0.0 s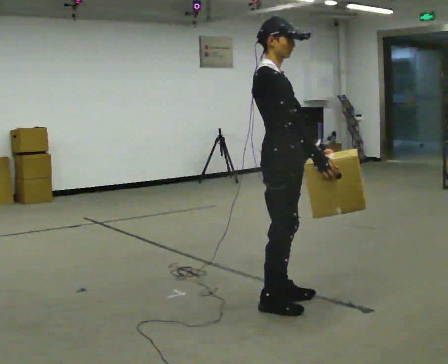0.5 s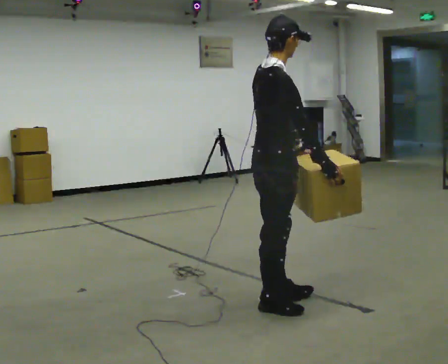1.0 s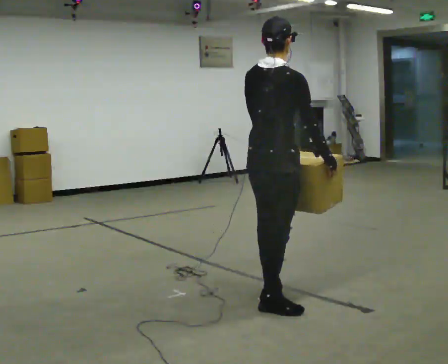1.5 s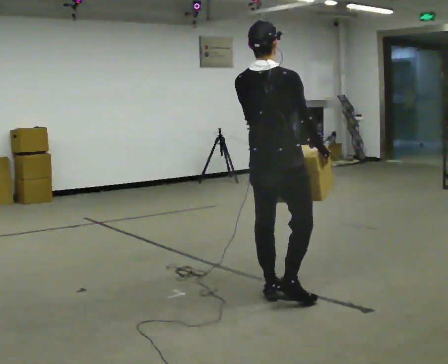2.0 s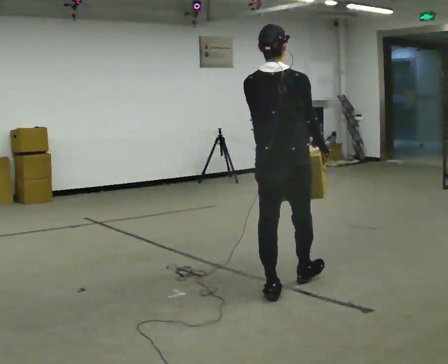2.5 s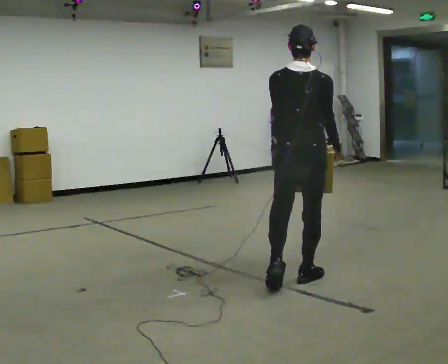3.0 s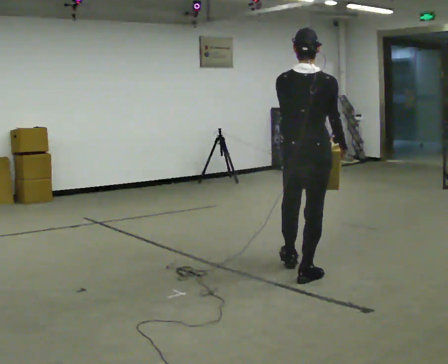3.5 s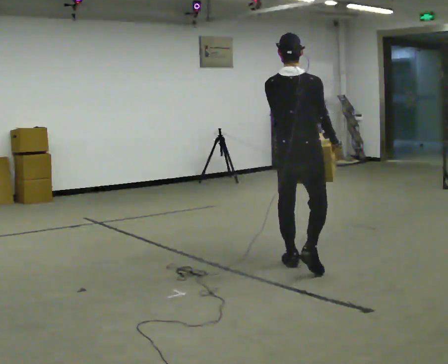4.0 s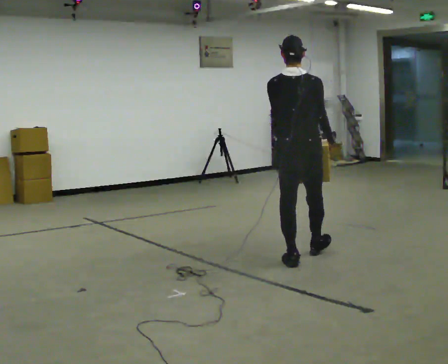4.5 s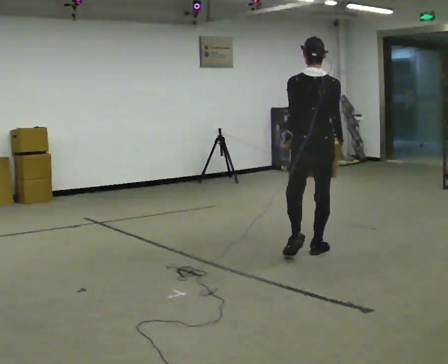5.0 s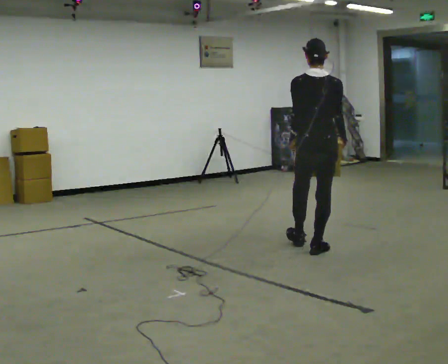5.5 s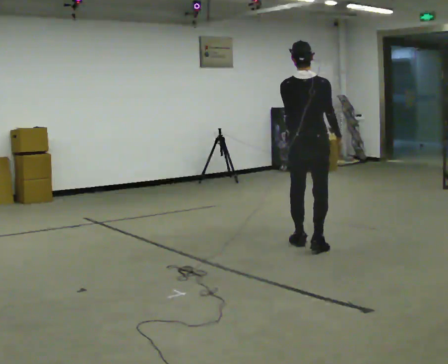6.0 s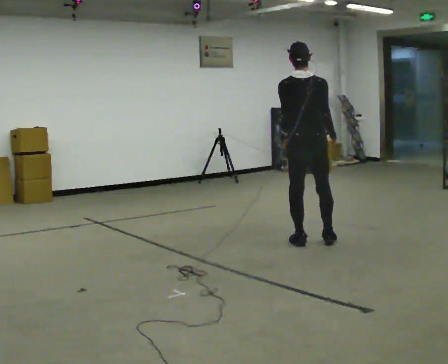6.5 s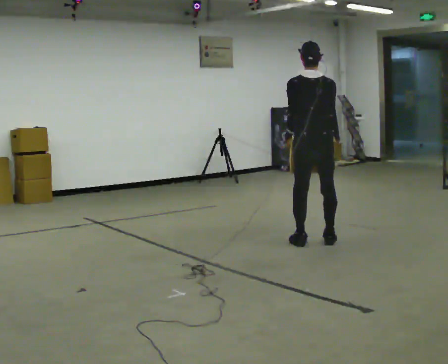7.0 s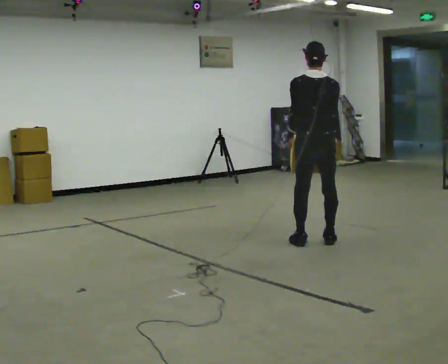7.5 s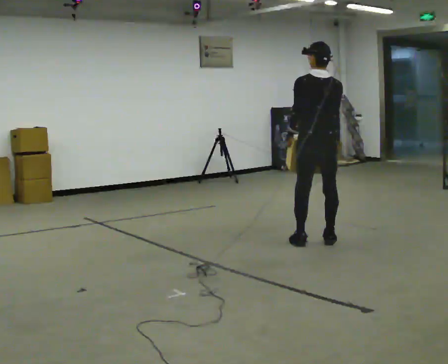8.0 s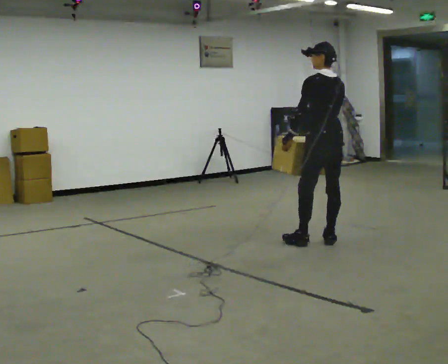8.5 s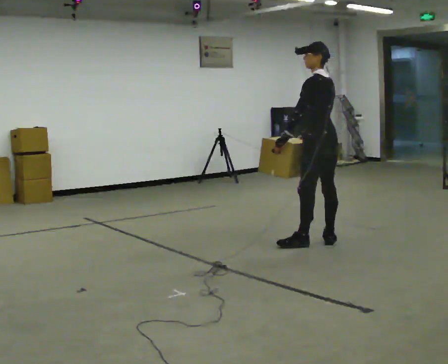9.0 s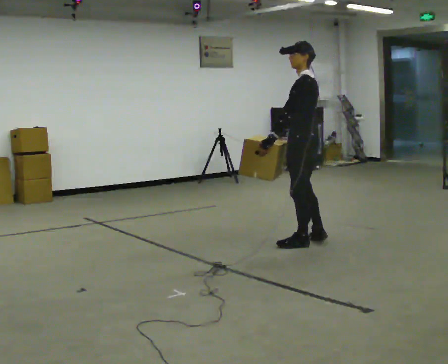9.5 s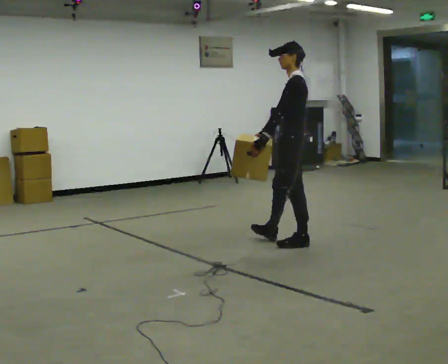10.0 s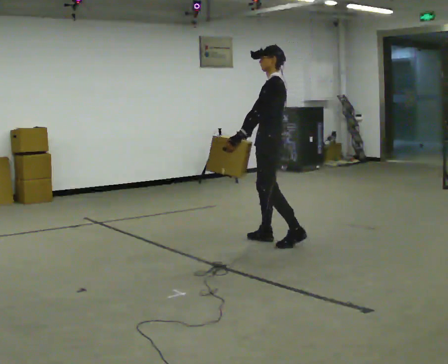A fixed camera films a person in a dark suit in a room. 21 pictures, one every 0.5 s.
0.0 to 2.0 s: Seen from above the body turns counterclockwise, about 90 degrees: to their left, with its near side sliding to the right. In the picture they go away from the camera, about 0.25 m in 1 step.
2.0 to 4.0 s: In the picture they go away from the camera, about 1 m in 1 step, which for them is forward.
4.0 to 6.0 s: In the picture they go away from the camera, about 0.5 m in 2 steps, which for them is forward.
6.0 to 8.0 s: The part of the body nearest the lens slides to the right as the person turns to their left by about 30 degrees. In the picture they go to the right, about 0.25 m in 1 step, which for them is to their right.
8.0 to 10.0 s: Seen from above the body turns counterclockwise, about 60 degrees: to their left, with its near side sliding to the right. In the picture they go to the left, about 0.5 m in 1 step, which for them is forward.
The film runs forward here.
